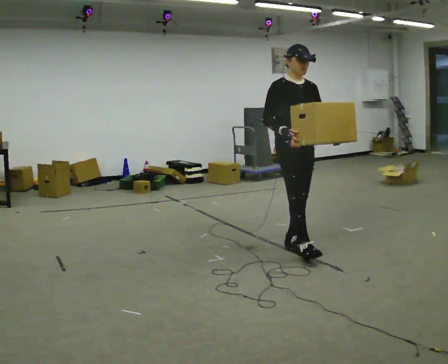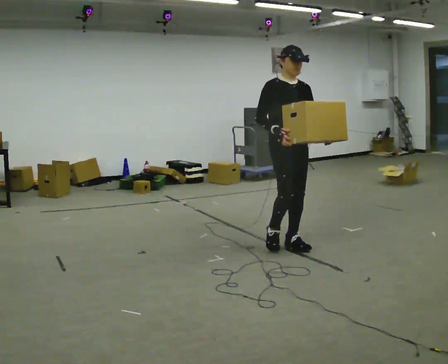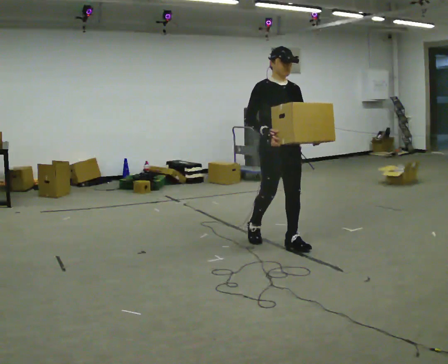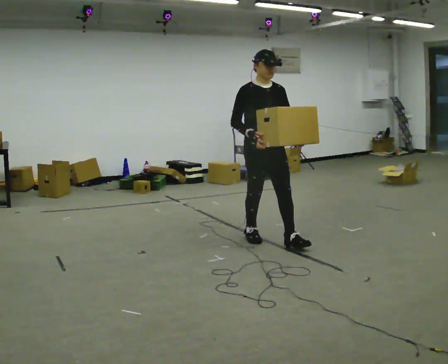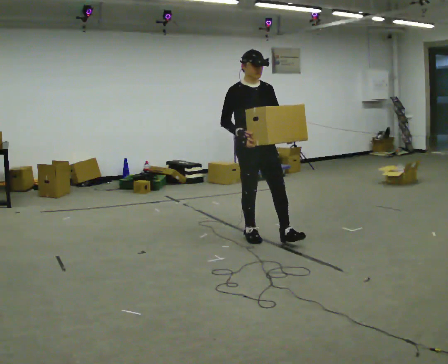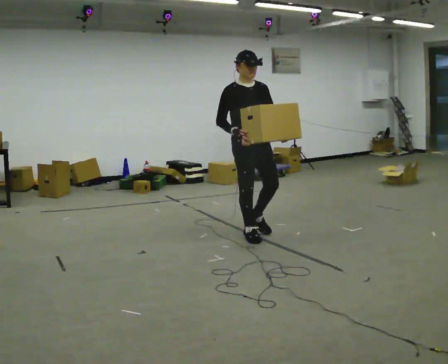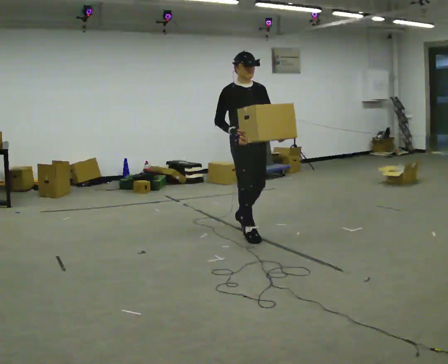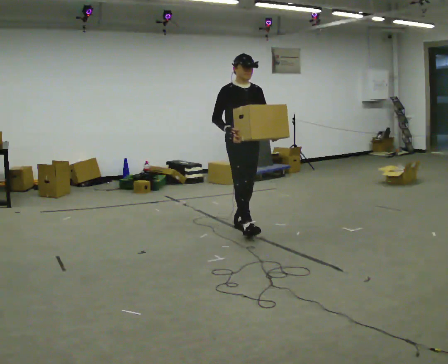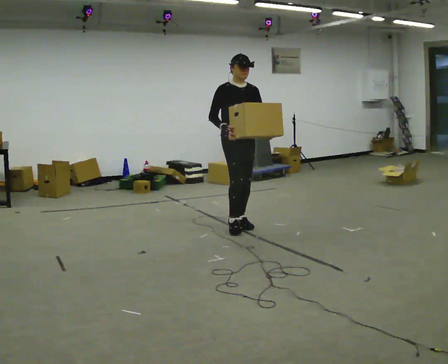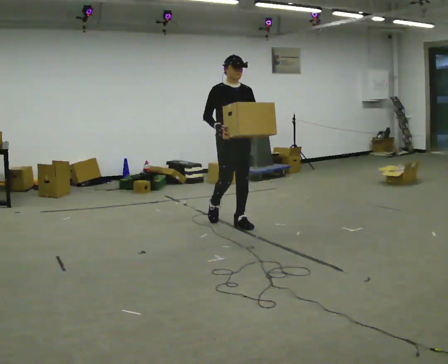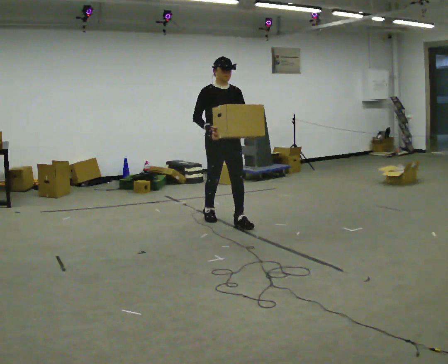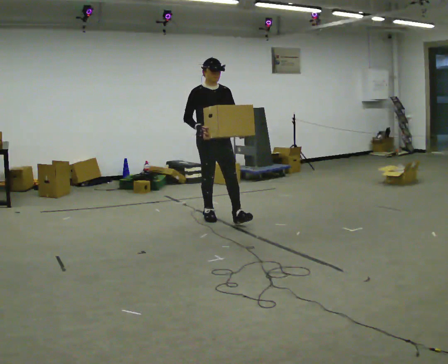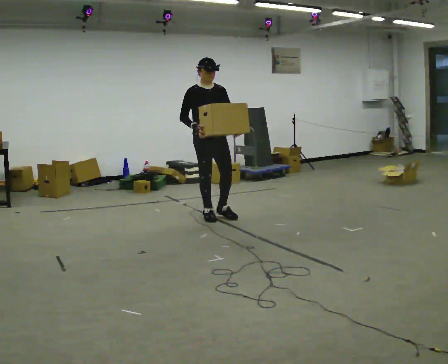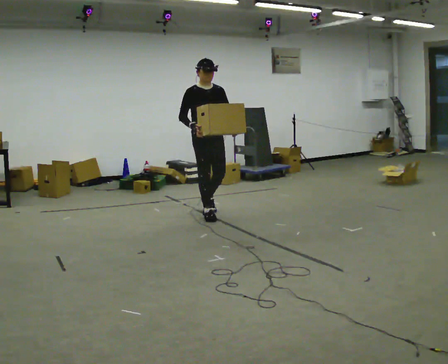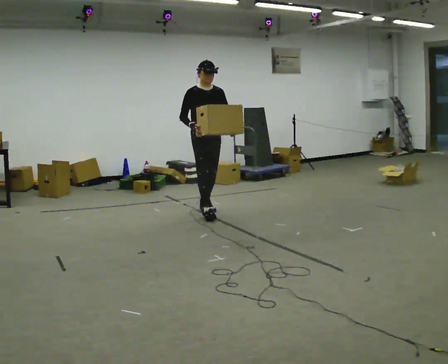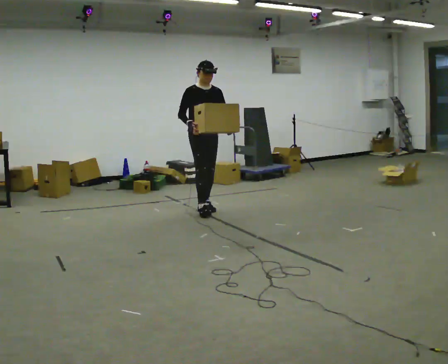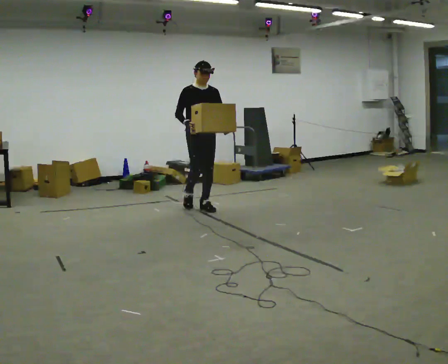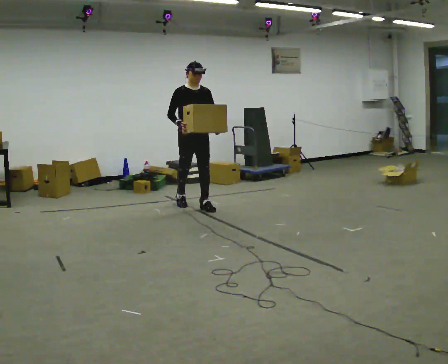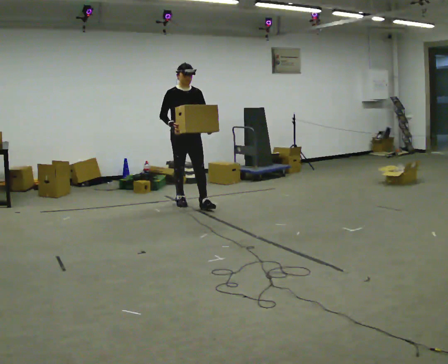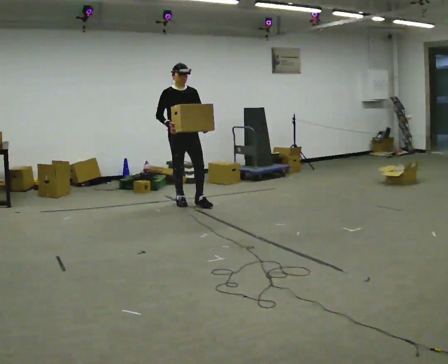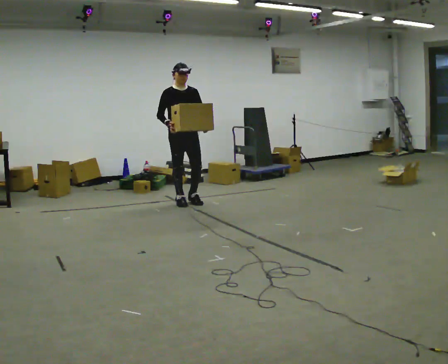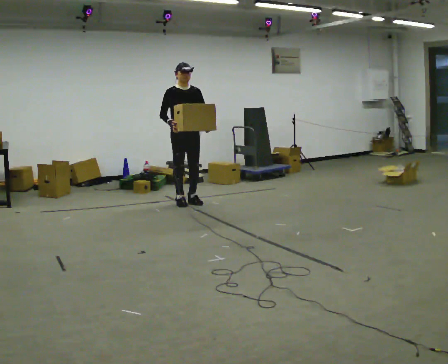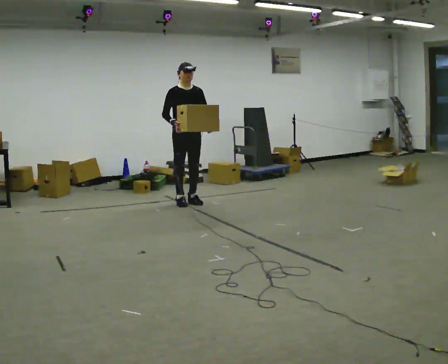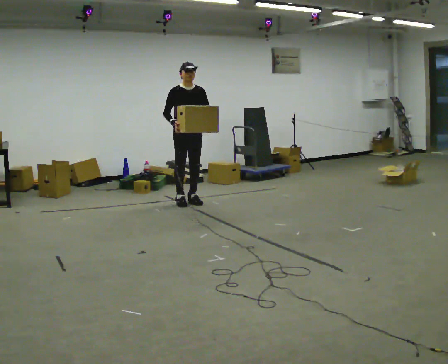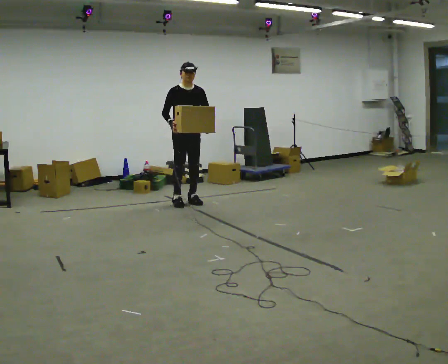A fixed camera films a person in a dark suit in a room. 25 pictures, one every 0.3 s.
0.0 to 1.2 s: In the picture they go away from the camera and to the left, about 0.5 m in 1 step, which for them is backward.
1.2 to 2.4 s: In the picture they go away from the camera, about 0.5 m in 1 step, which for them is backward.
2.4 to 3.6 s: In the picture they go away from the camera and to the left, about 0.5 m in 1 step, which for them is backward.
3.6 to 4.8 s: In the picture they go away from the camera, about 0.5 m in 1 step, which for them is backward.
4.8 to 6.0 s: In the picture they go away from the camera and to the left, about 0.25 m in 1 step, which for them is backward and to their right.
6.0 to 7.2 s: The person moves a little, or ends about where they began.
The film runs backward here.
